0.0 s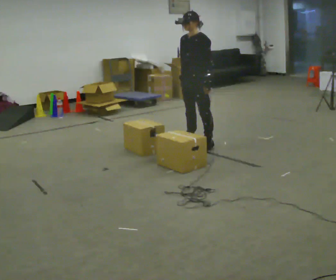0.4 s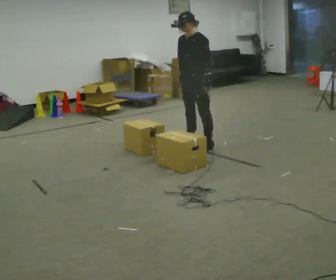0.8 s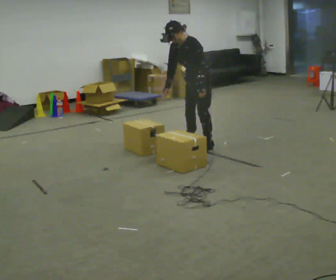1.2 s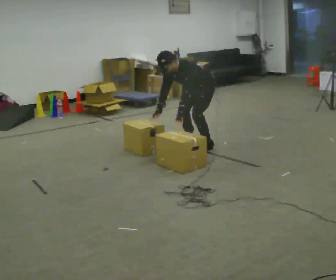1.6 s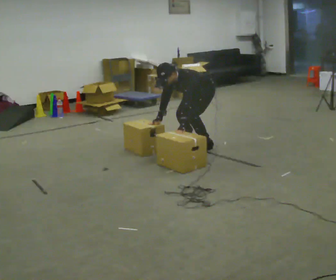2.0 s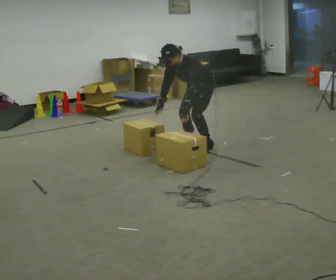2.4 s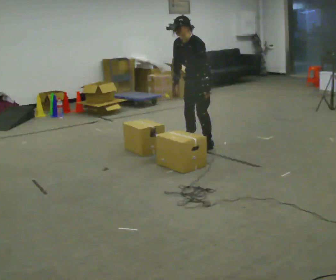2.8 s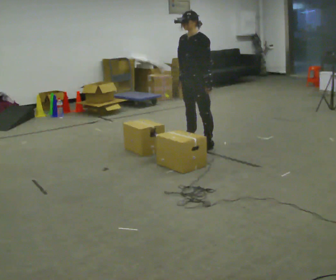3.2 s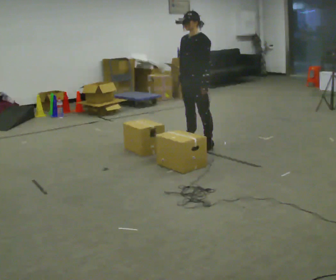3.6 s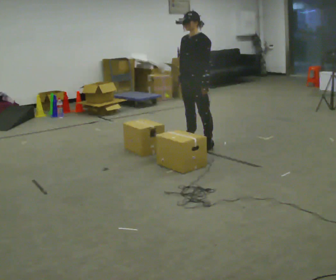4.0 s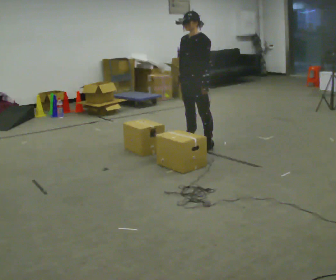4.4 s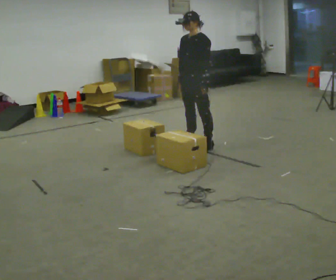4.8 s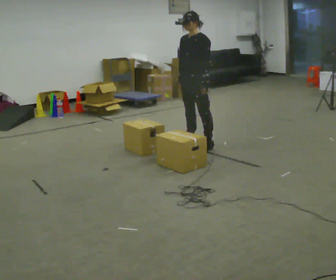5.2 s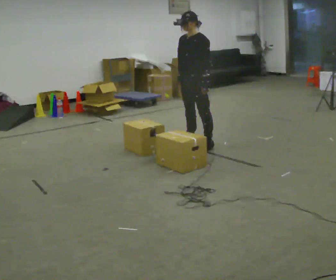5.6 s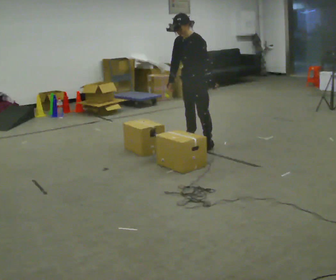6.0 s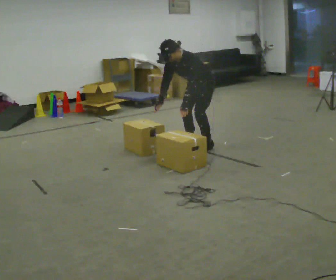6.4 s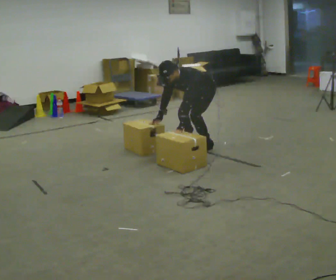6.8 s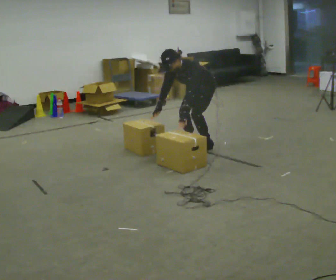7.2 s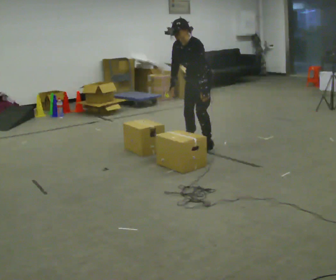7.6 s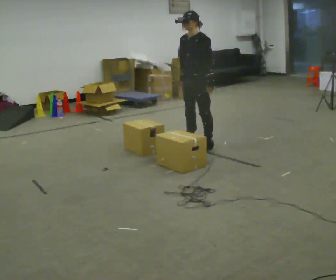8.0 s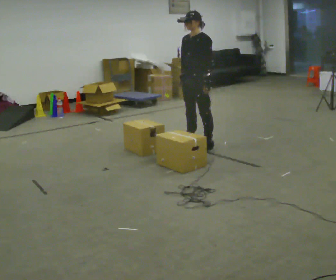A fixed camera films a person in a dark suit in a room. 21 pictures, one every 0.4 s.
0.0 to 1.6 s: The shoulders move downward. In the picture the upper body tilts counterclockwise, shoulders to the left, as they bend forward. In the picture their right hand goes downward.
1.6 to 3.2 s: The upper body goes upward. In the picture the upper body tilts clockwise, shoulders to the right, as they lean back or straighten. In the picture their right hand goes upward.
3.2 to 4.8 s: The person keeps their place and pose.
4.8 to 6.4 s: The upper body goes downward. In the picture the upper body tilts counterclockwise, shoulders to the left, as they bend forward. In the picture their left hand goes downward.
6.4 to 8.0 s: The upper body goes upward. In the picture the upper body tilts clockwise, shoulders to the right, as they lean back or straighten. In the picture their left hand goes upward.
The film runs forward here.
